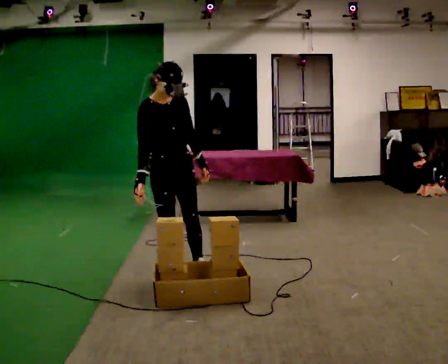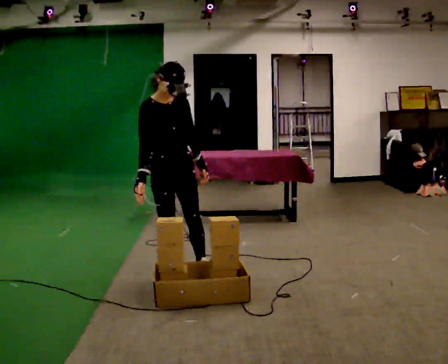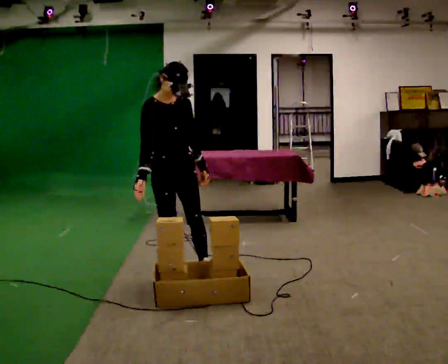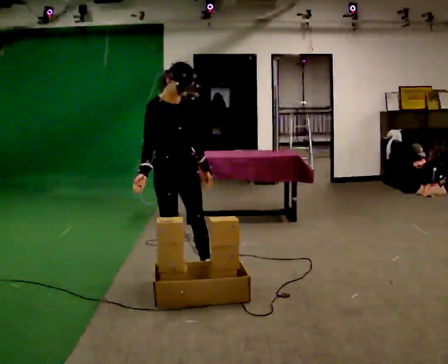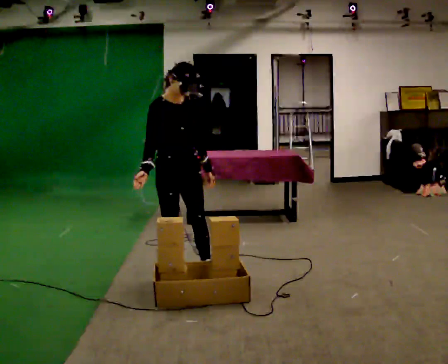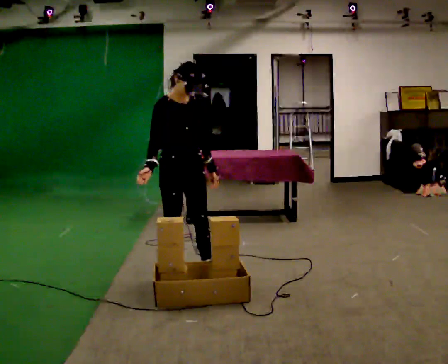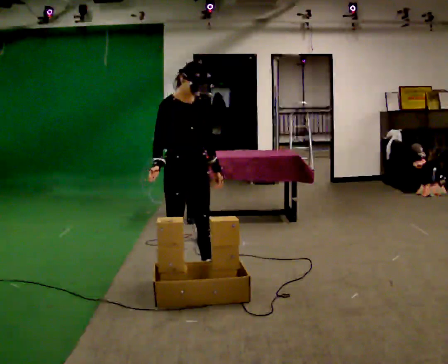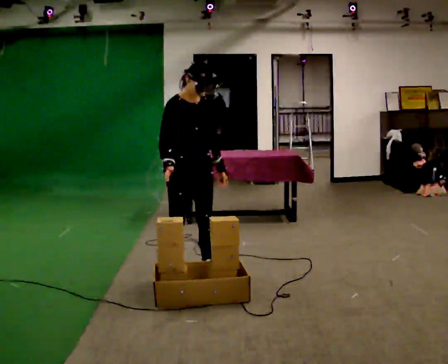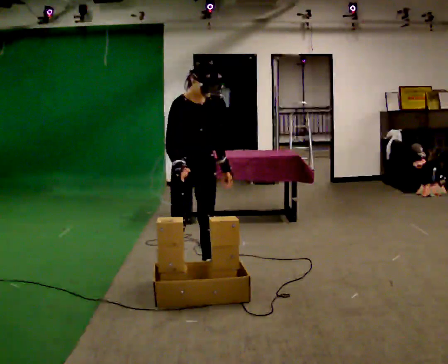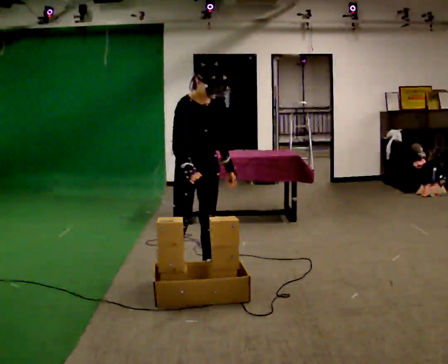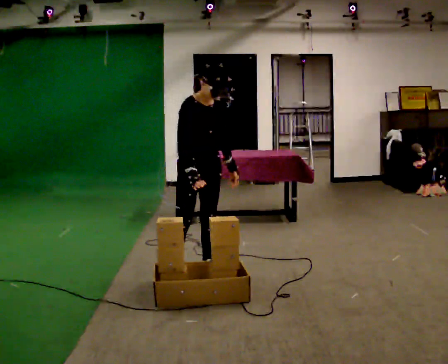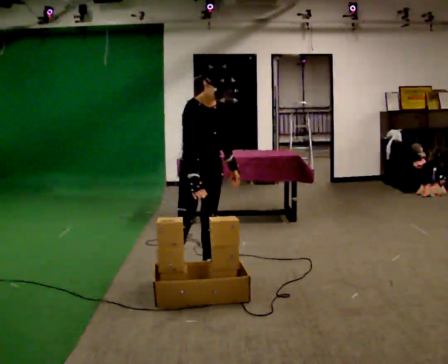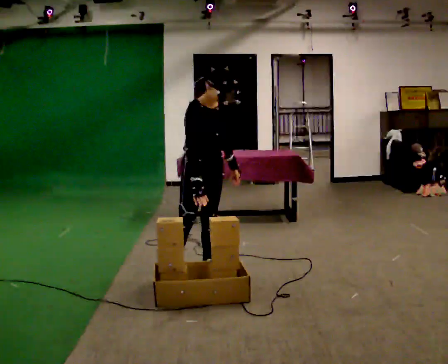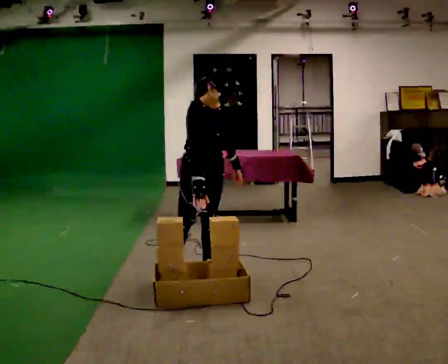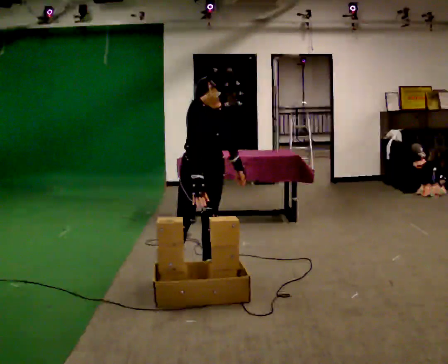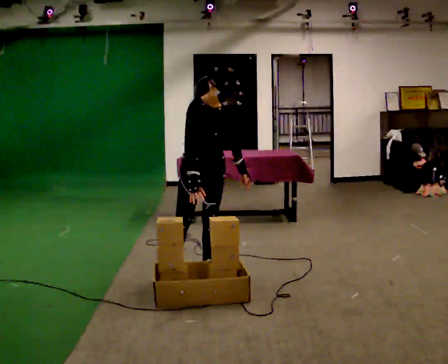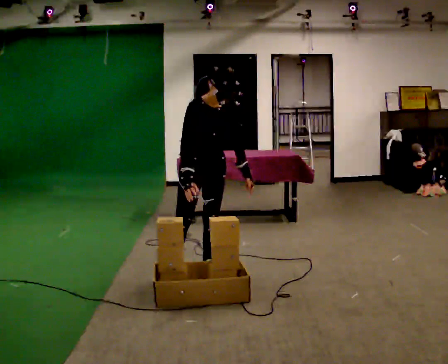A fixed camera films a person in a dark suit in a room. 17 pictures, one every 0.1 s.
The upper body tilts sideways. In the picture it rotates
clockwise.
0.0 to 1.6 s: In the picture they go to the right, about 0.25 m, which for them is to their left. In the picture the upper body tilts clockwise, shoulders to the right, as they bend forward. In the picture their left hand goes to the right.
The film runs forward here.
